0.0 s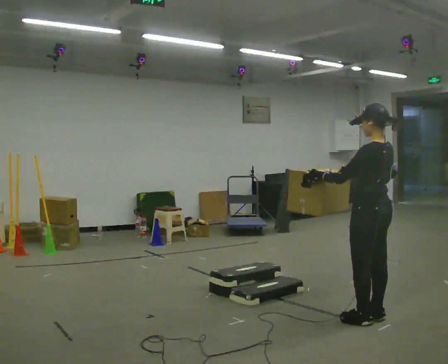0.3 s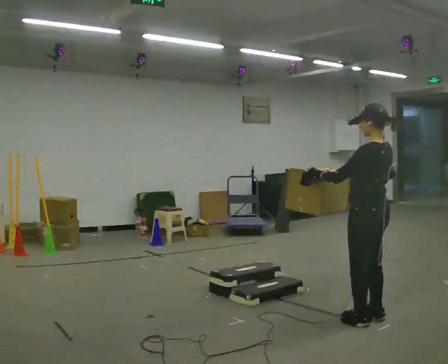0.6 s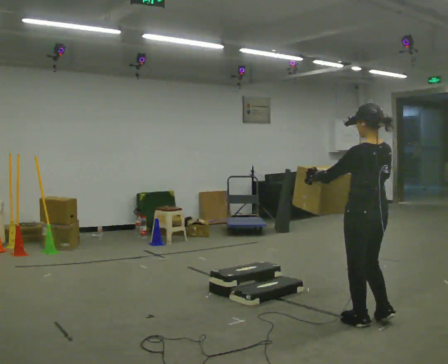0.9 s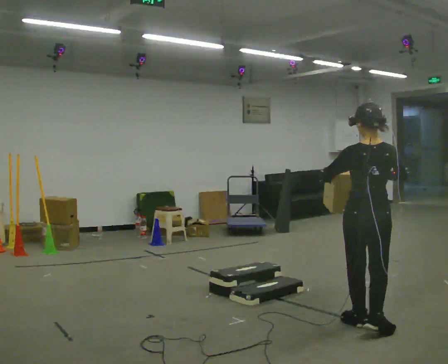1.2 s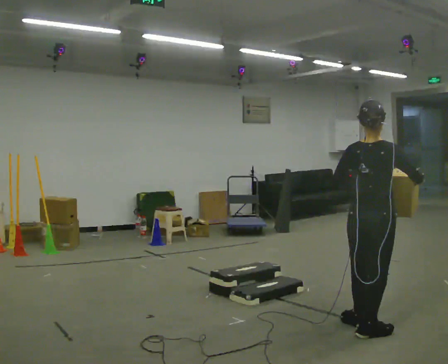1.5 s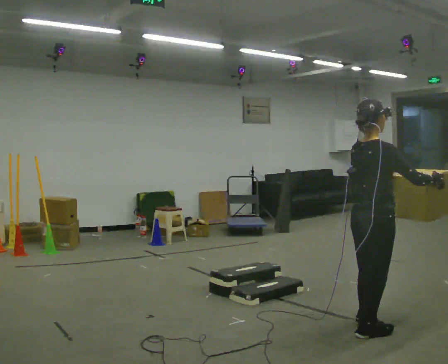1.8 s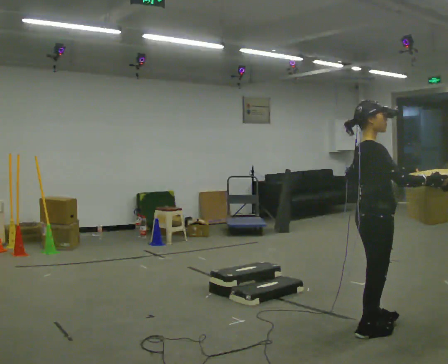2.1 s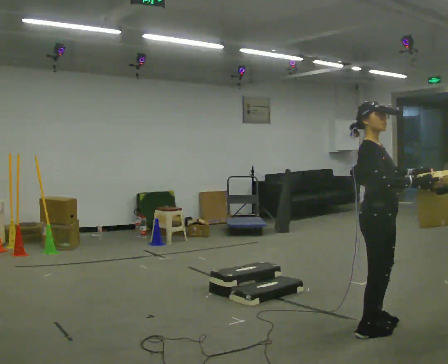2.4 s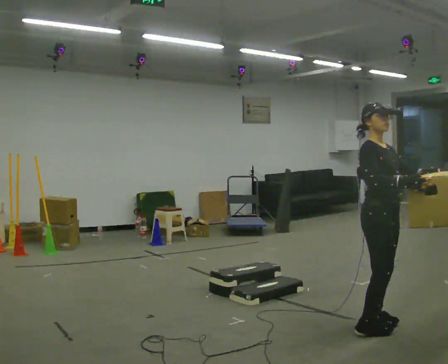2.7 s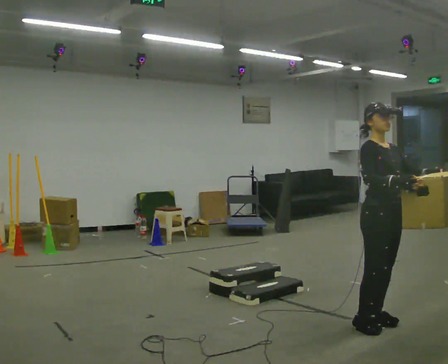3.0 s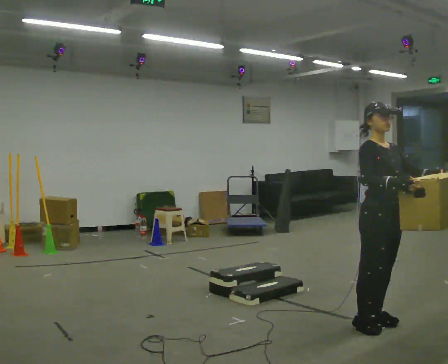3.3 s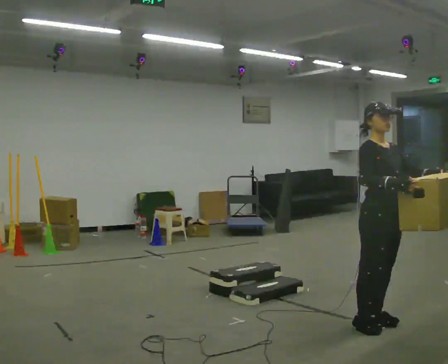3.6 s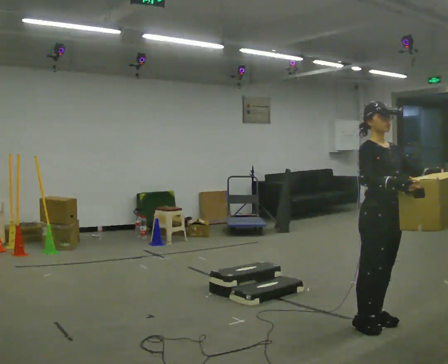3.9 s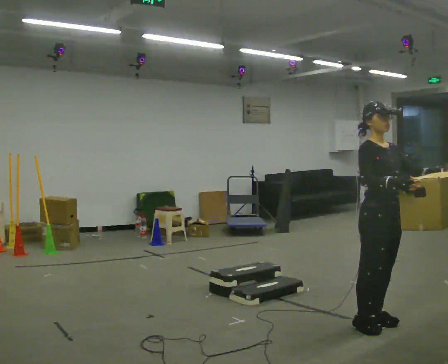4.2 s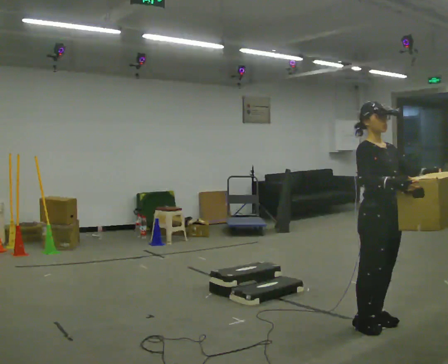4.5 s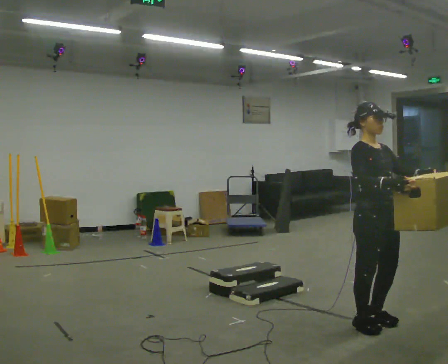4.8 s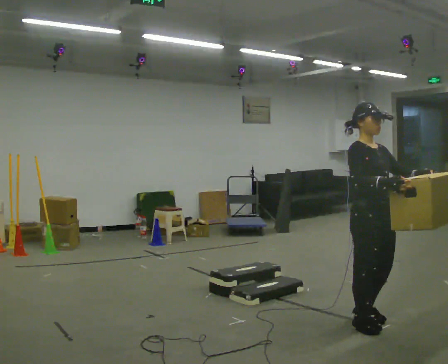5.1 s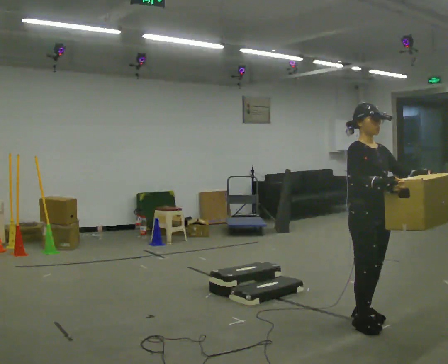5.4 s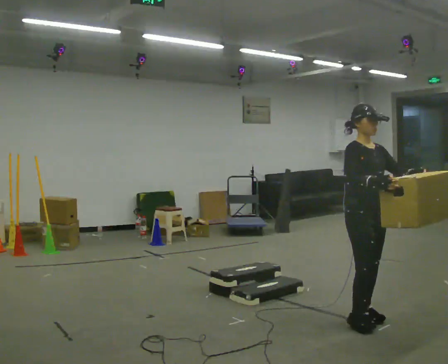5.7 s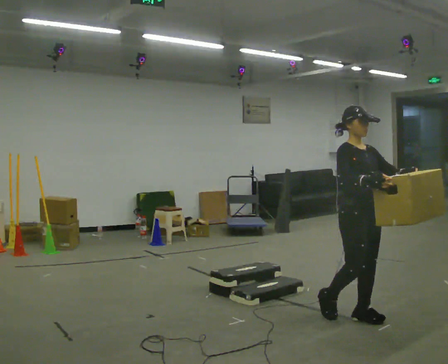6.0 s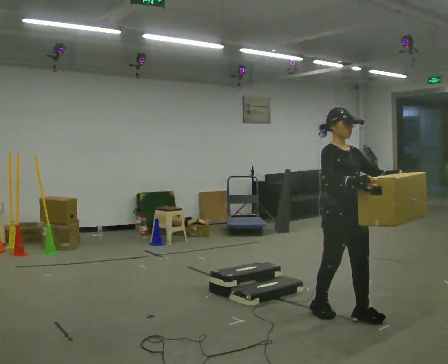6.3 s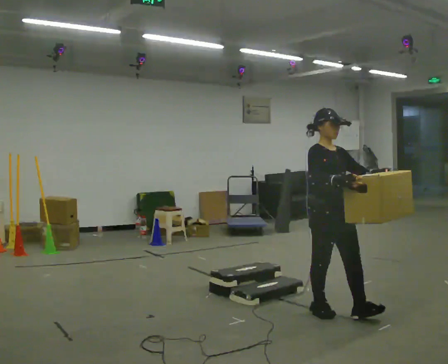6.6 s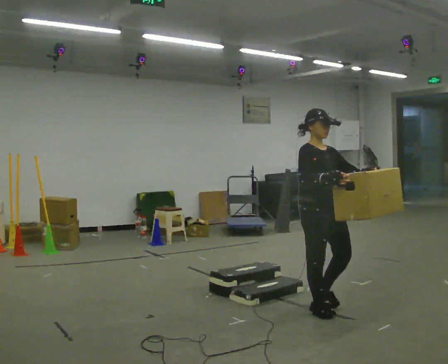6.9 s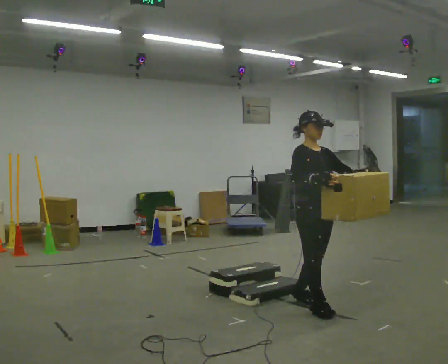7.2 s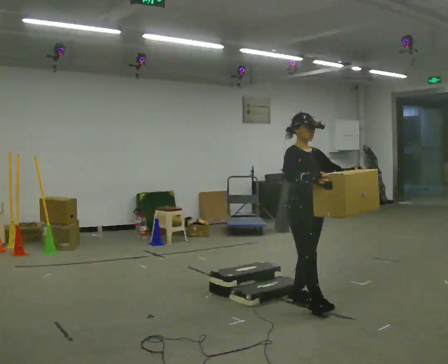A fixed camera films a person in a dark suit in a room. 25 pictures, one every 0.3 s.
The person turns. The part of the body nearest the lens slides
to the left.
The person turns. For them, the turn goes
to their right.
0.0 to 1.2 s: The part of the body nearest the lens slides to the left as the person turns to their right by about 75 degrees. In the picture they go toward the camera, about 0.25 m in 1 step.
1.2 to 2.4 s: The part of the body nearest the lens slides to the left as the person turns to their right by about 105 degrees. In the picture their left hand goes to the right.
2.4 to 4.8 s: The person moves a little, or ends about where they began.
4.8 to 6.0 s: In the picture they go away from the camera and to the left, about 0.25 m in 1 step, which for them is backward.
6.0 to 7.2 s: In the picture they go to the left and away from the camera, about 0.5 m in 1 step, which for them is backward.
The film runs backward here.
